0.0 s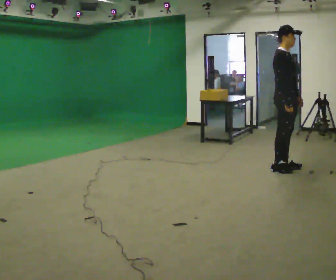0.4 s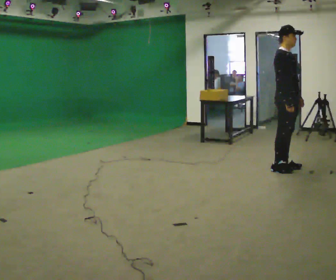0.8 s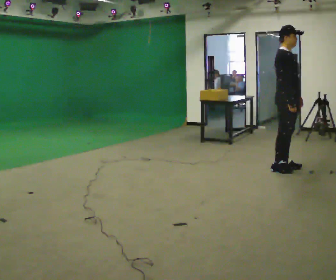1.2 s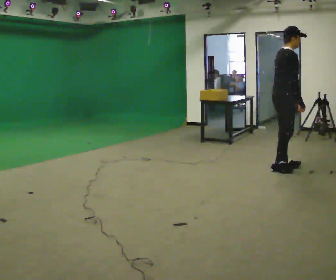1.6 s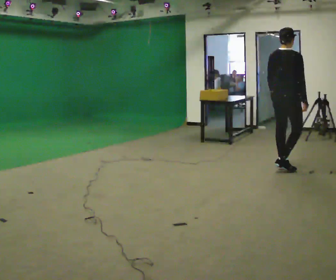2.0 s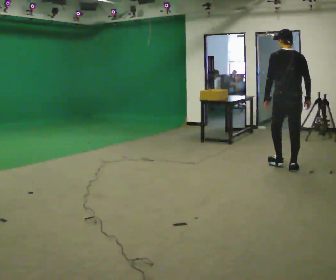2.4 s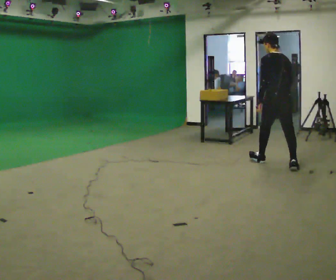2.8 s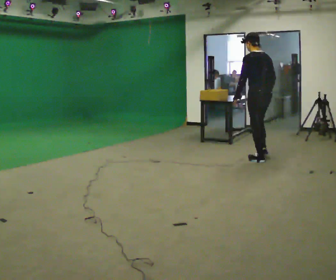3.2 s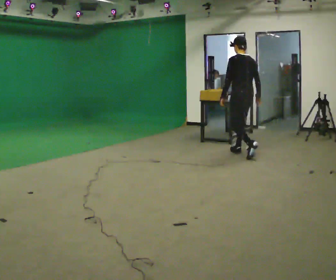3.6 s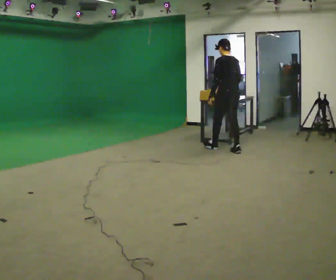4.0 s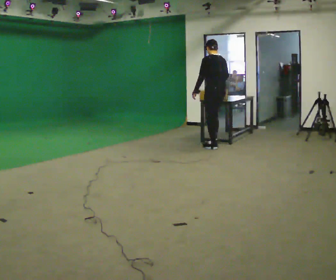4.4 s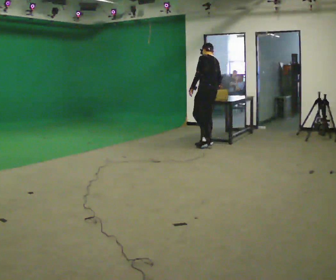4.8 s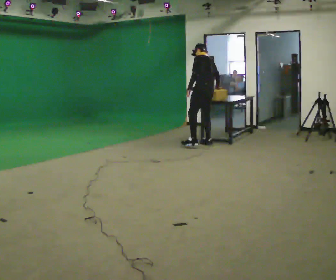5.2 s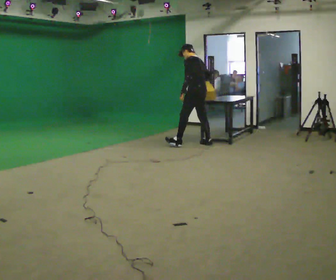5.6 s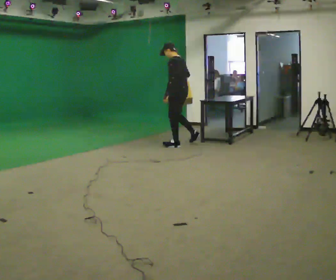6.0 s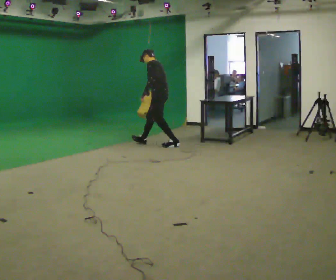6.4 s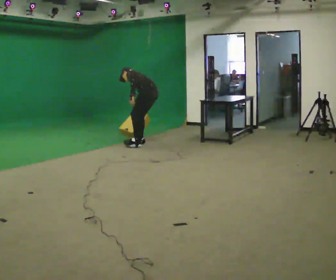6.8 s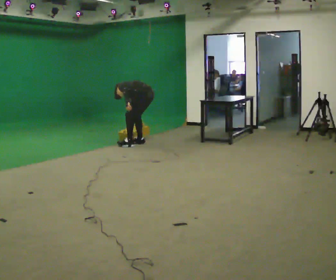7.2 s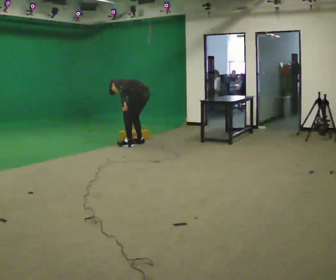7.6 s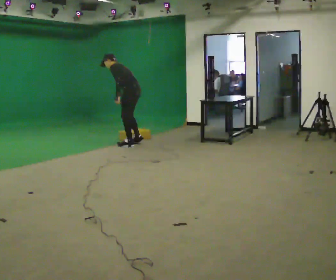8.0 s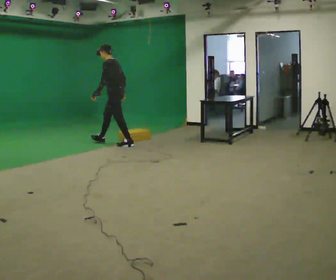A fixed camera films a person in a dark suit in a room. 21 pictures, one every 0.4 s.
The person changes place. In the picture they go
to the left.
The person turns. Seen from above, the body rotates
counterclockwise.
0.0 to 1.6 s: Seen from above the body turns counterclockwise, about 75 degrees: to their left, with its near side sliding to the right.
1.6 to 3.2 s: The person turns about 75 degrees to their left, counterclockwise seen from above, so the part of the body nearest the lens slides to the right. In the picture they go away from the camera and to the left, about 1 m in 3 steps.
3.2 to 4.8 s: In the picture they go away from the camera and to the left, about 1 m in 2 steps, which for them is forward. The upper body tips away from the camera, its near side rolling upward, as they bend forward.
4.8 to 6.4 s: In the picture they go to the left, about 1 m in 2 steps, which for them is forward. The shoulders move downward. In the picture the upper body tilts counterclockwise, shoulders to the left, as they bend forward.
6.4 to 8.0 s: In the picture they go to the left, about 0.5 m in 1 step, which for them is forward and to their left.
The film runs forward here.
